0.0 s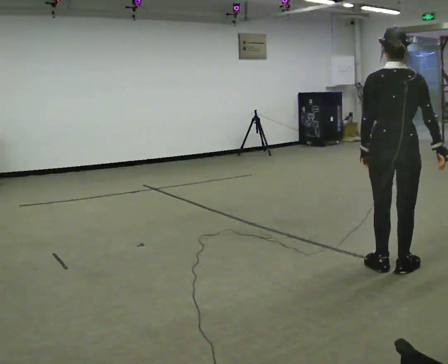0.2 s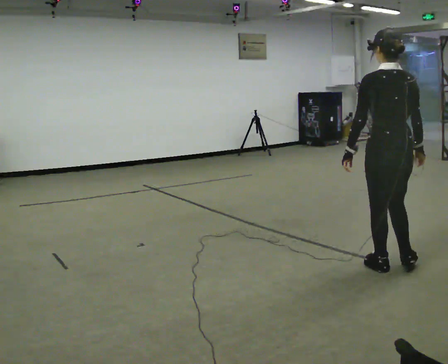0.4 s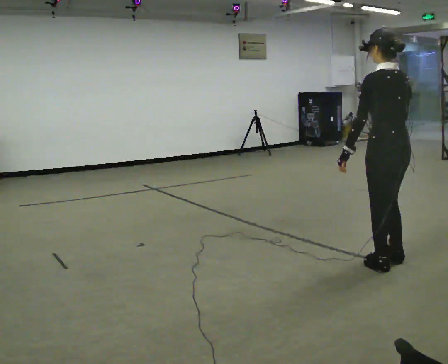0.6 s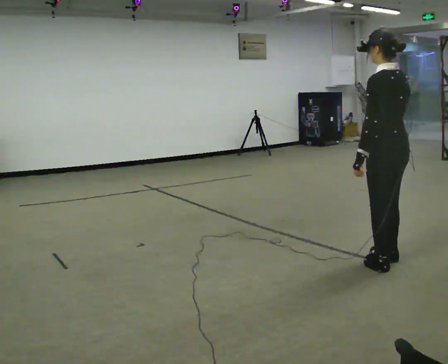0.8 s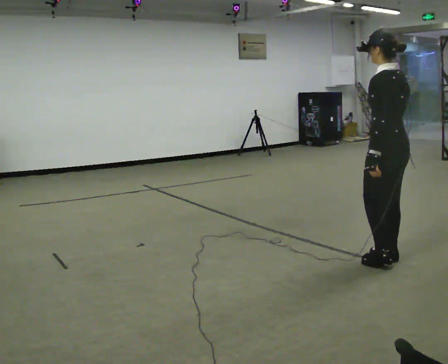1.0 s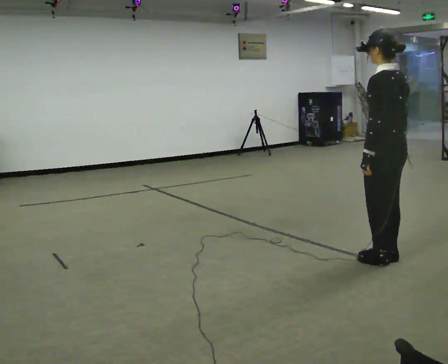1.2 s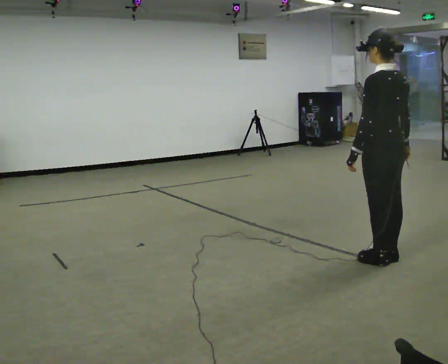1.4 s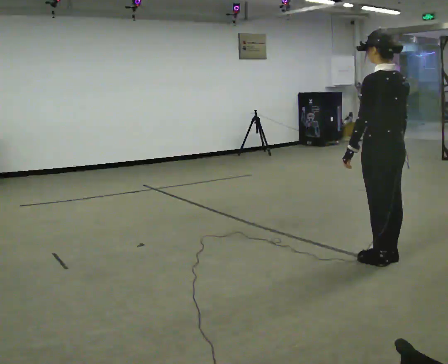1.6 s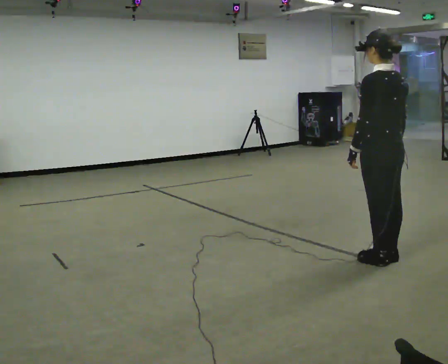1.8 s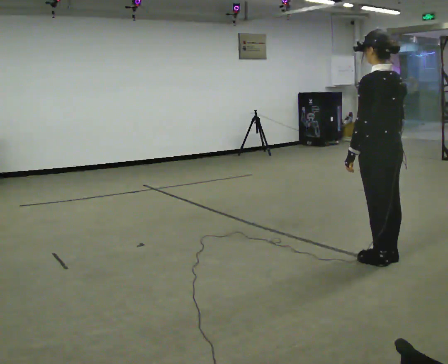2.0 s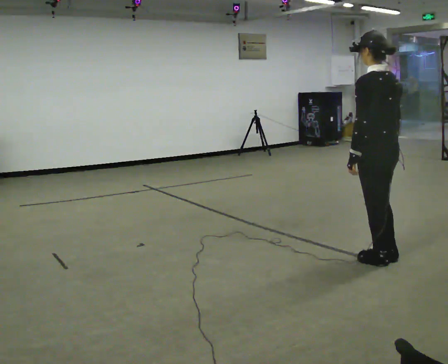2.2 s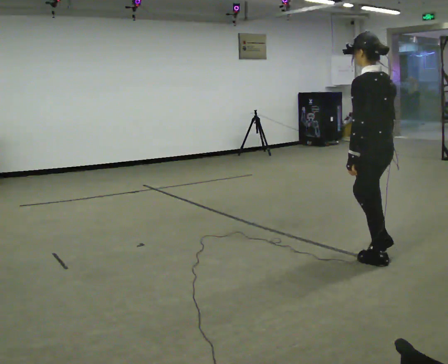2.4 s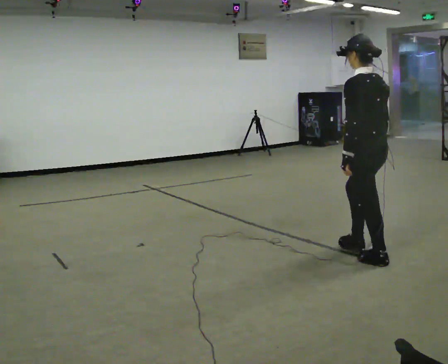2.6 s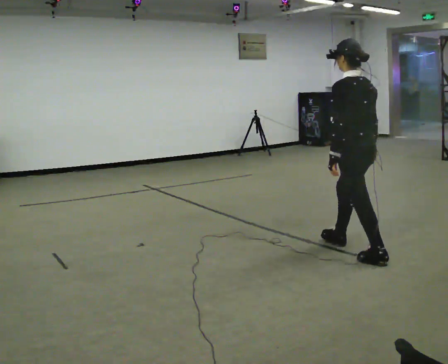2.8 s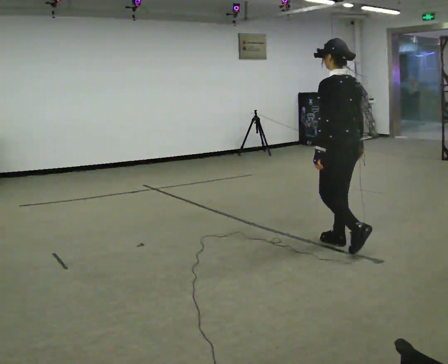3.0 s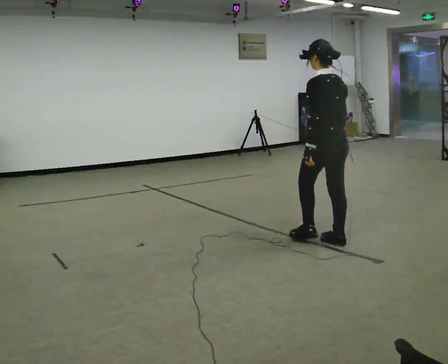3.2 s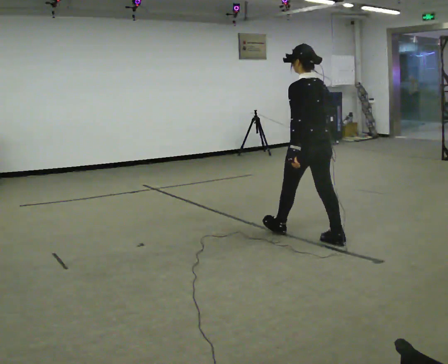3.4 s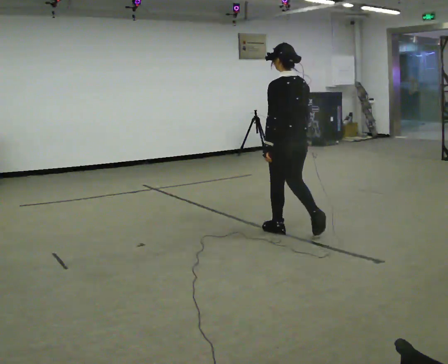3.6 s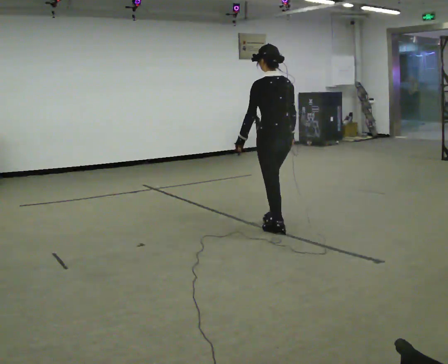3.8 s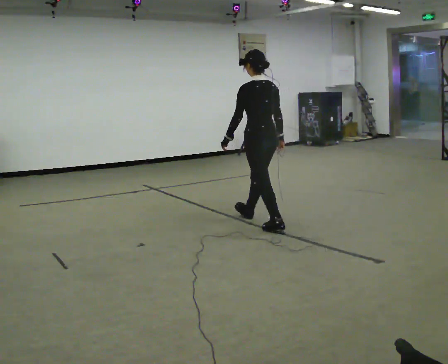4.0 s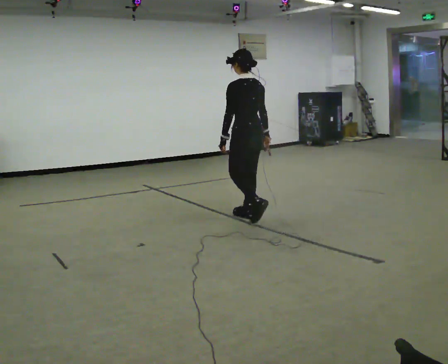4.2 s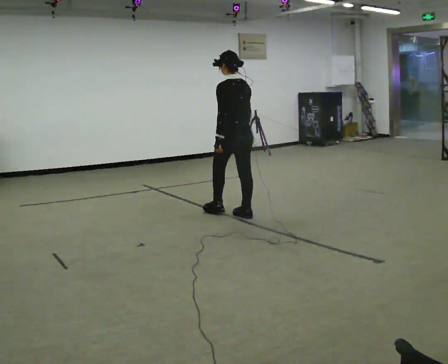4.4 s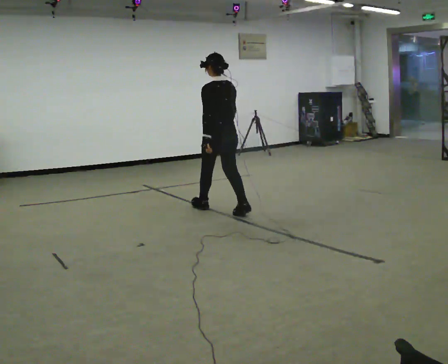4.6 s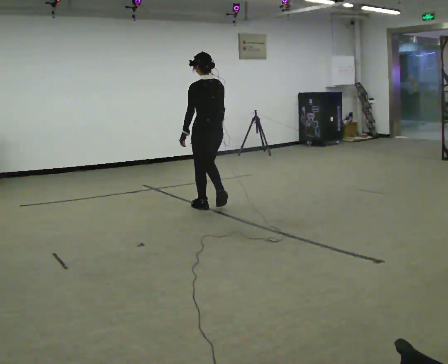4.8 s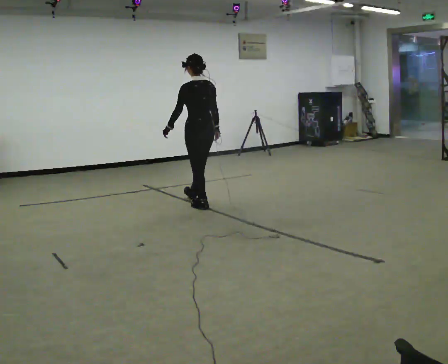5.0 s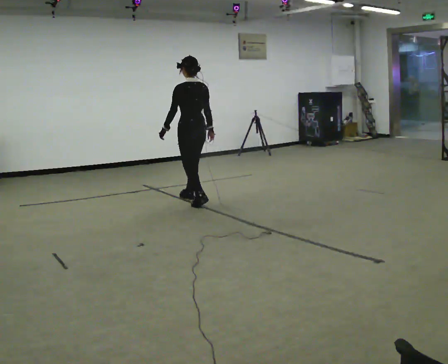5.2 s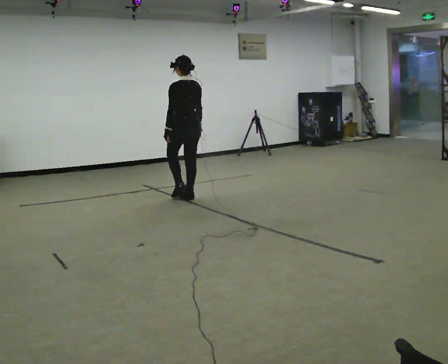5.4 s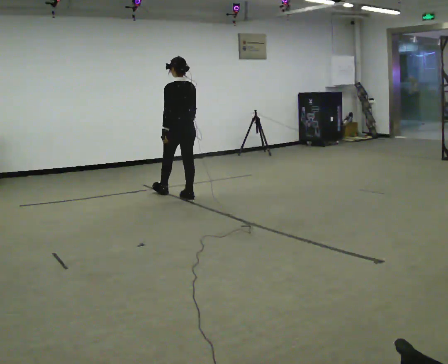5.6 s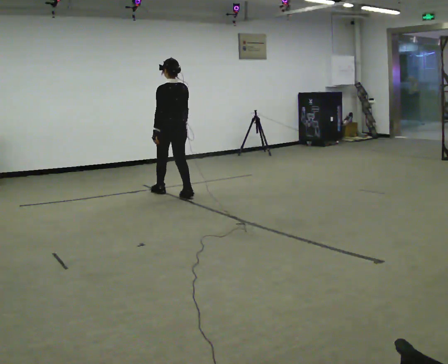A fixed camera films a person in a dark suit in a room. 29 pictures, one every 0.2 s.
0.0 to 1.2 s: The part of the body nearest the lens slides to the right as the person turns to their left by about 45 degrees. In the picture they go away from the camera, about 0.25 m in 1 step, which for them is forward.
1.2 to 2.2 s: The person moves a little, or ends about where they began.
2.2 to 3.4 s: In the picture they go to the left and away from the camera, about 1 m in 2 steps, which for them is forward.
3.4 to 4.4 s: In the picture they go to the left and away from the camera, about 1 m in 2 steps, which for them is forward.
4.4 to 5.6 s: In the picture they go to the left and away from the camera, about 1 m in 2 steps, which for them is forward.
The film runs forward here.
